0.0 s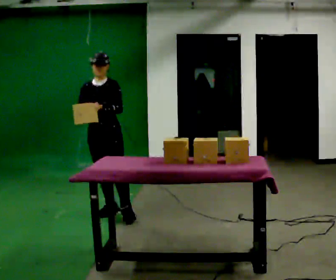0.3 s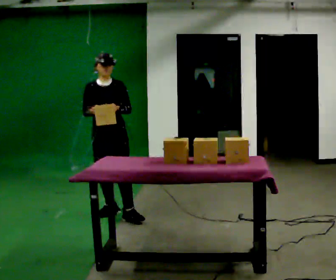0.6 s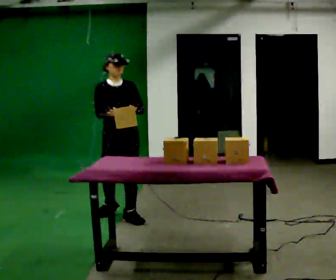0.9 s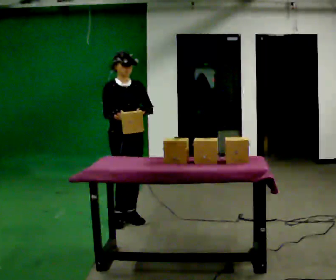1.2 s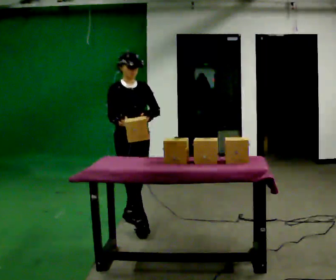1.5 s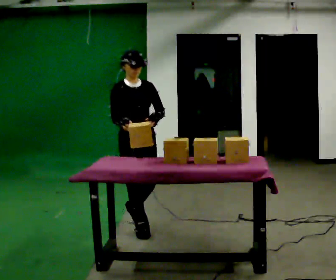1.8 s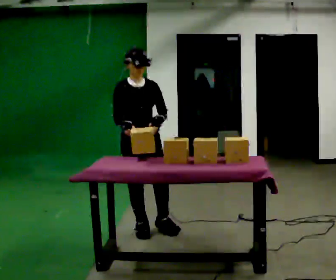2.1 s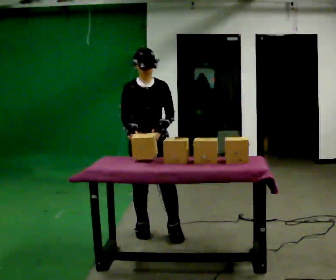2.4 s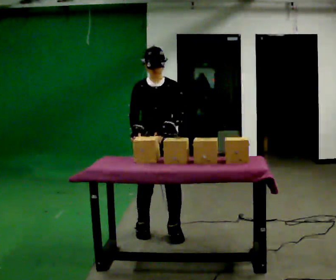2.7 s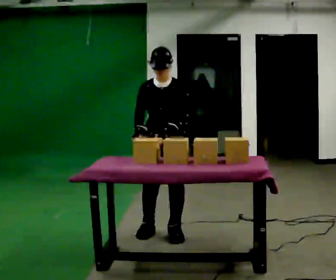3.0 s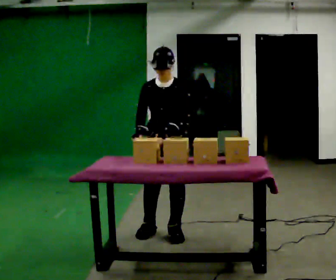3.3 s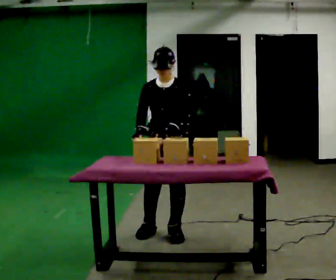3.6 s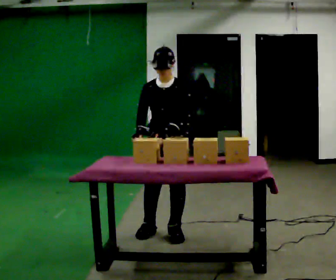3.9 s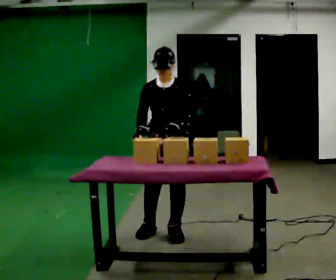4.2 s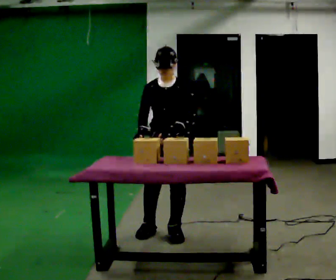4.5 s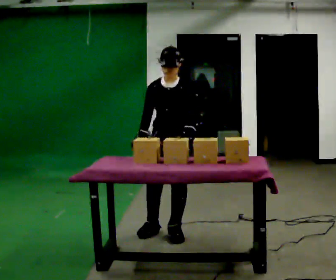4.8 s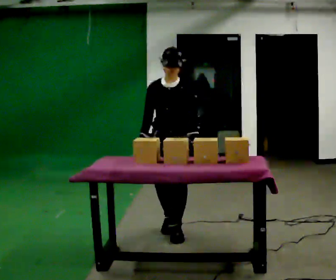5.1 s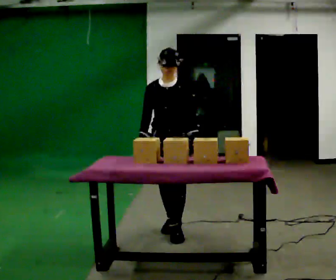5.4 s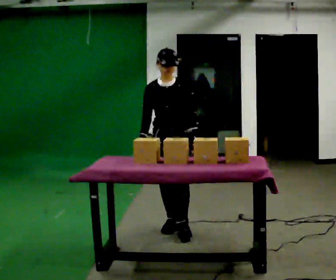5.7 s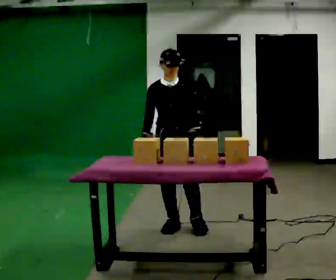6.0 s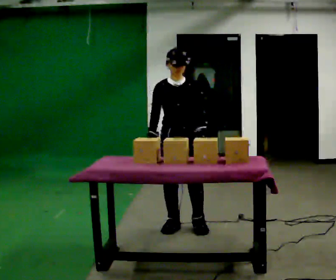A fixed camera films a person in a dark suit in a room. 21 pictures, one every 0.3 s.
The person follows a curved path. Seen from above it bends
counterclockwise.
0.0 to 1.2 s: The part of the body nearest the lens slides to the right as the person turns to their left by about 45 degrees. In the picture they go toward the camera and to the right, about 0.5 m in 1 step, which for them is forward and to their left.
1.2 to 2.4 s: Seen from above the body turns clockwise, about 30 degrees: to their right, with its near side sliding to the left. In the picture they go toward the camera and to the right, about 0.5 m in 1 step, which for them is forward.
2.4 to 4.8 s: The person moves a little, or ends about where they began.
4.8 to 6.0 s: In the picture they go away from the camera, about 0.25 m in 2 steps, which for them is backward.
The film runs forward here.
